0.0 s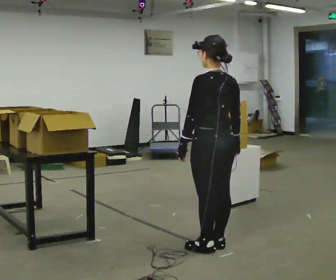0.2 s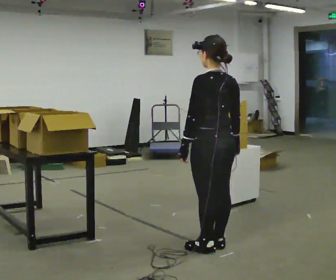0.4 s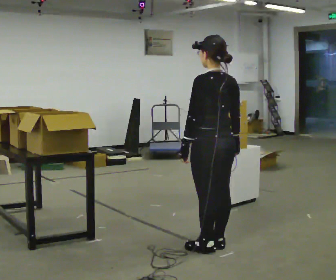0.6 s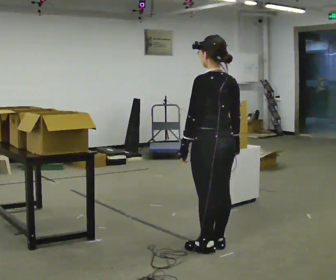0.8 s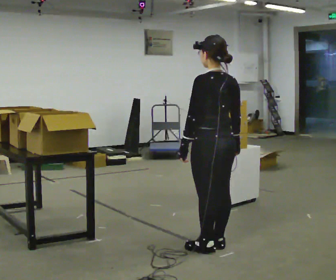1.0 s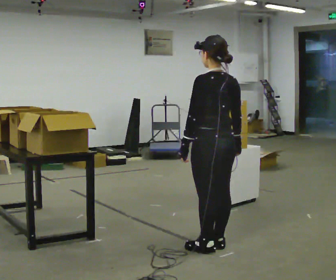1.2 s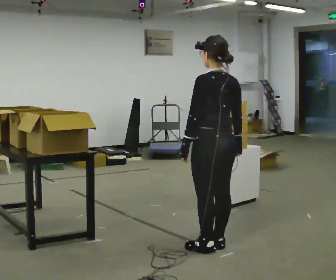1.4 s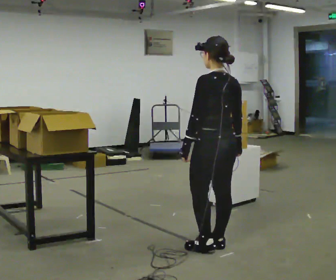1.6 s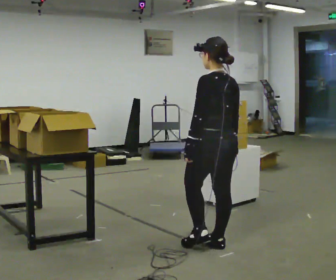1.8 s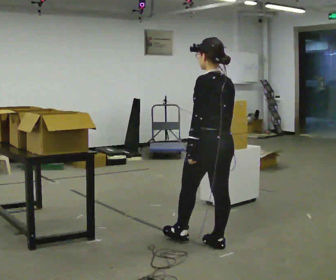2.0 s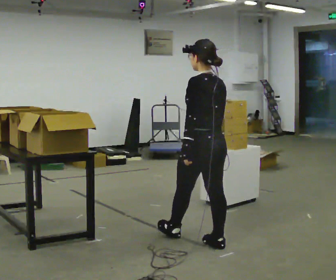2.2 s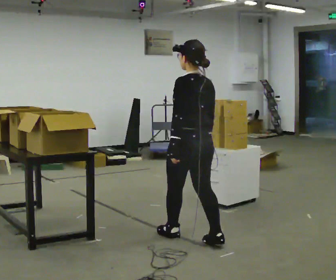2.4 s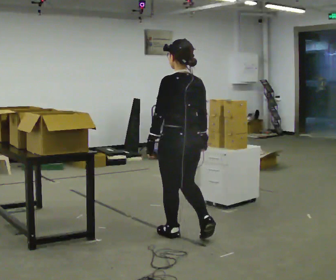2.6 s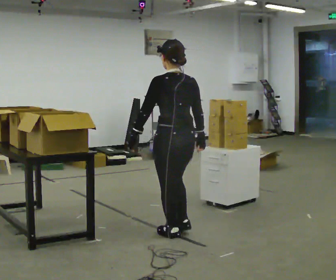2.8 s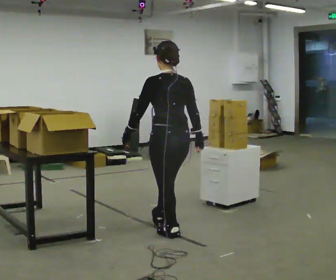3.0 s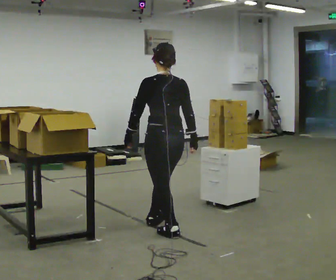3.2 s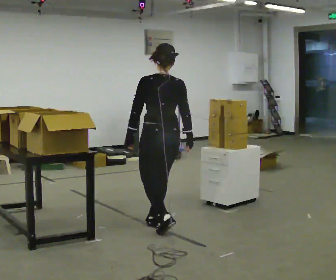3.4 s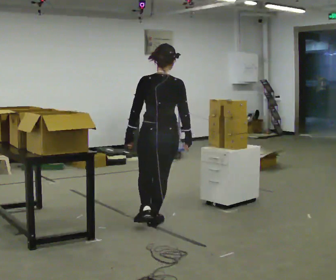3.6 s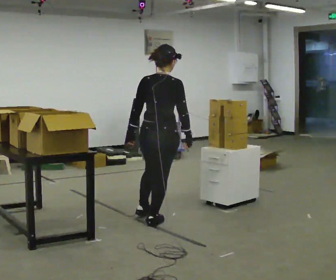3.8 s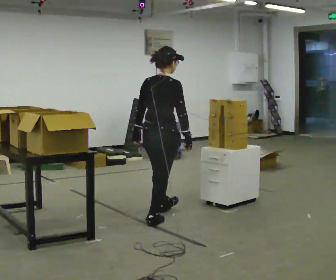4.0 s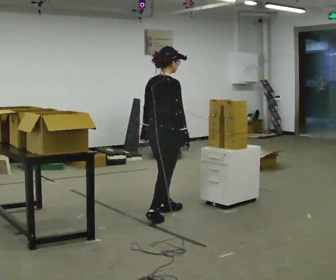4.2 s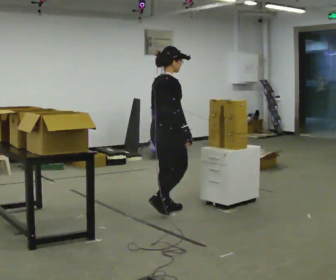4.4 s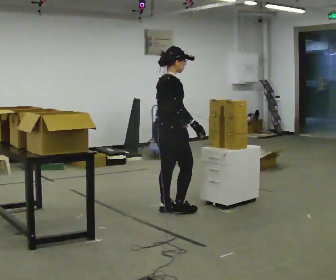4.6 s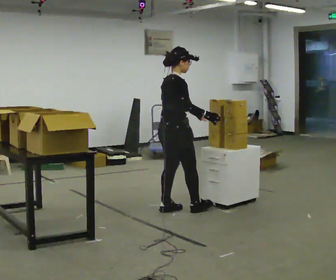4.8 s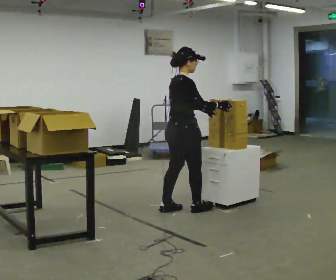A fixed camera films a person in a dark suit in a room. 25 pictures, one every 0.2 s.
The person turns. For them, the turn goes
to their right.
The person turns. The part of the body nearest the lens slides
to the left.
0.0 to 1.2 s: The person keeps their place and pose.
1.2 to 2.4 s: In the picture they go to the left and away from the camera, about 0.25 m in 1 step, which for them is forward.
2.4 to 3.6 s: Seen from above the body turns clockwise, about 45 degrees: to their right, with its near side sliding to the left. In the picture they go away from the camera and to the left, about 0.5 m in 1 step, which for them is forward.
3.6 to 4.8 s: The person turns about 45 degrees to their right, clockwise seen from above, so the part of the body nearest the lens slides to the left. In the picture they go away from the camera, about 0.5 m in 2 steps, which for them is forward and to their left.
The film runs forward here.
